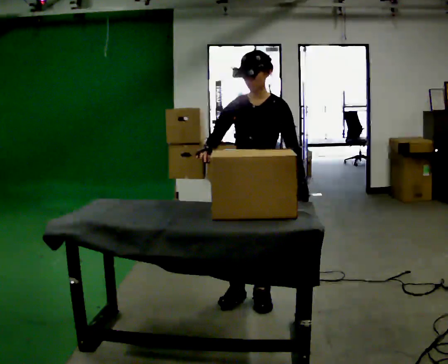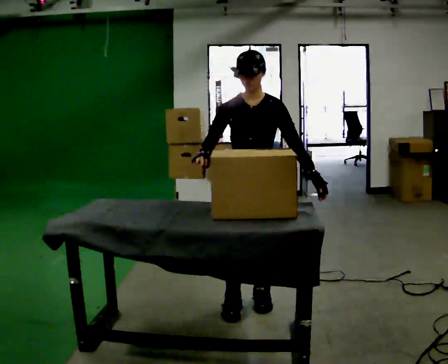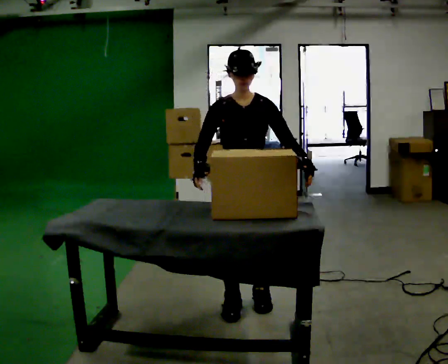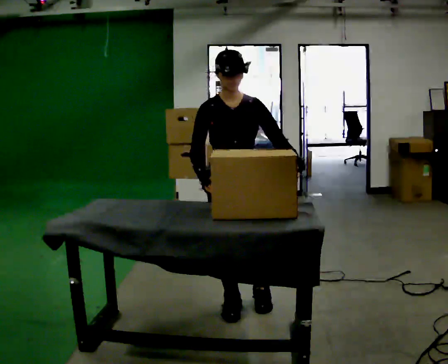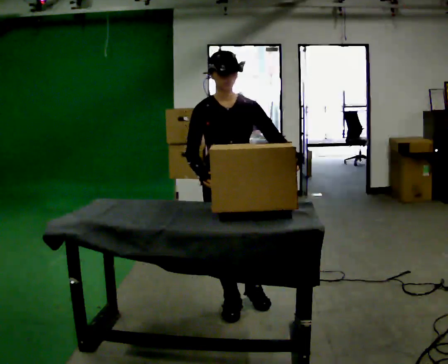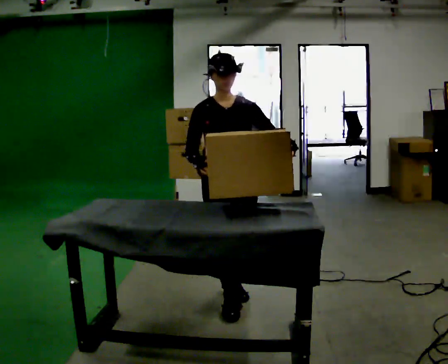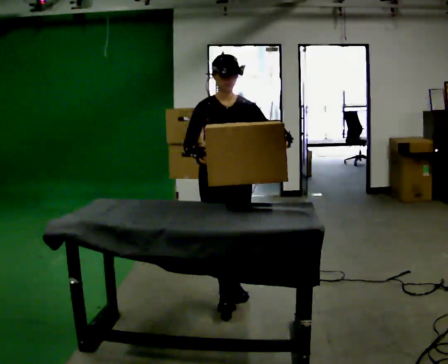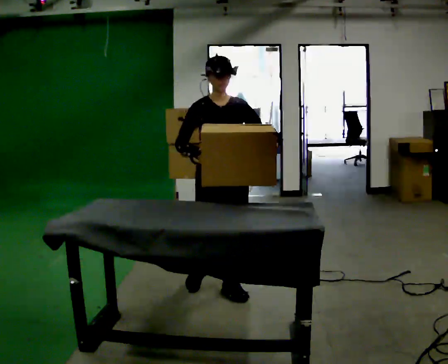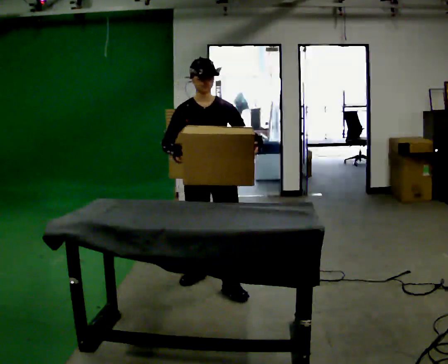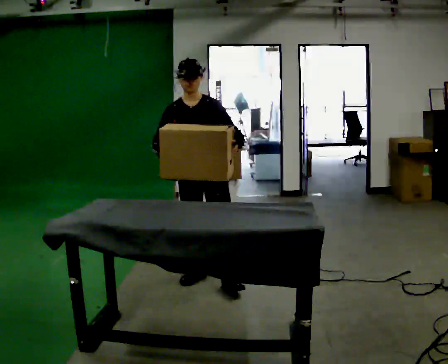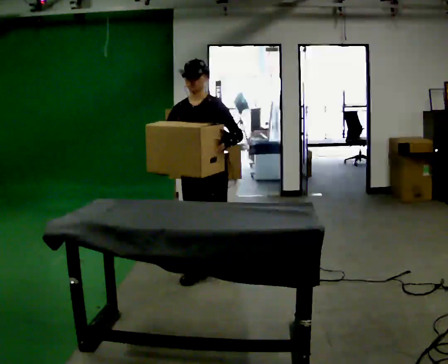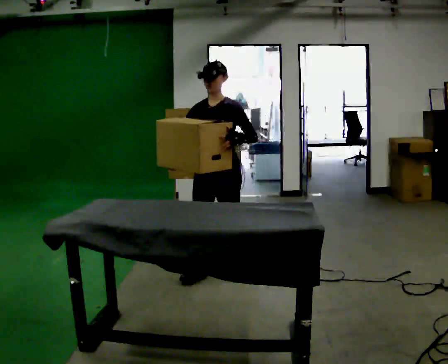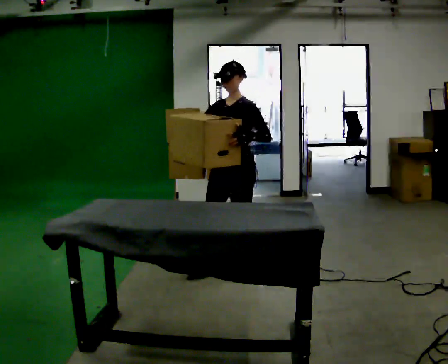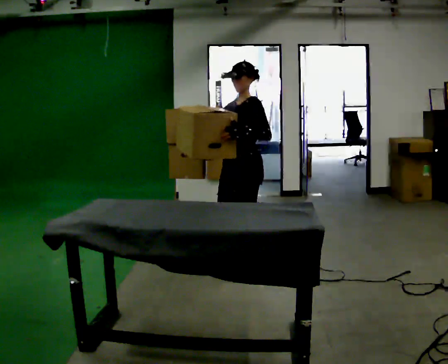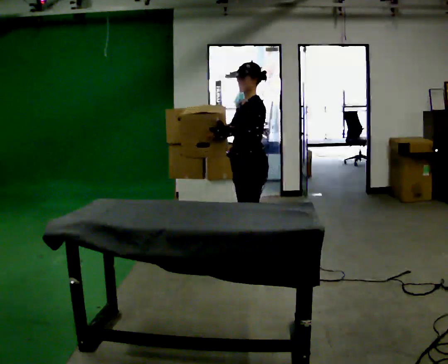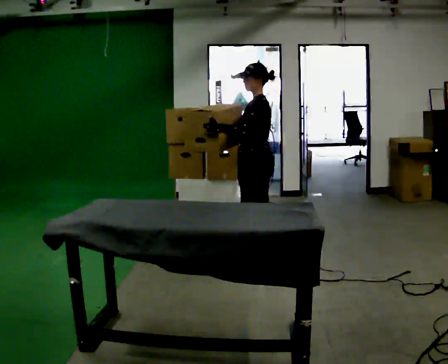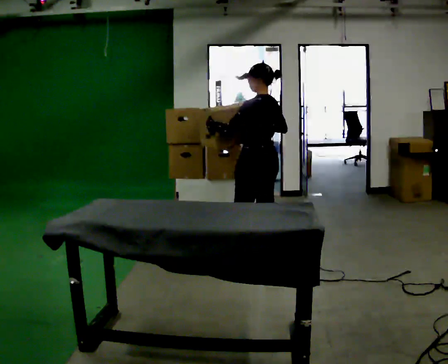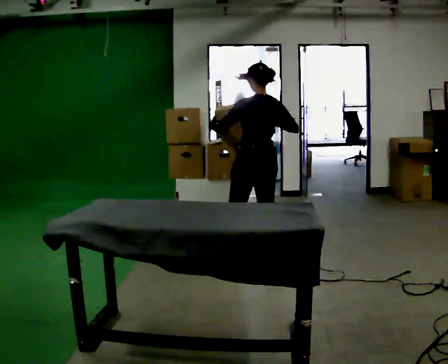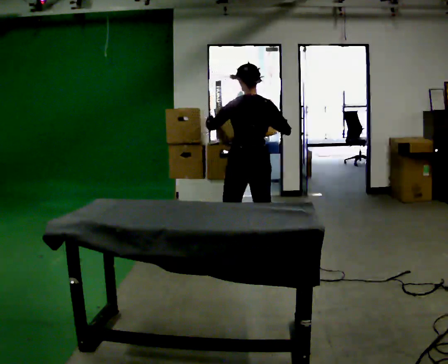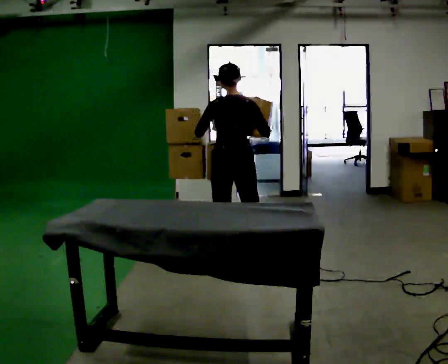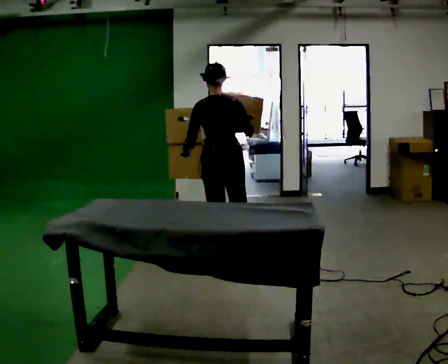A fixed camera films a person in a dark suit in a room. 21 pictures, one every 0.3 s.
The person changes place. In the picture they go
away from the camera.
0.0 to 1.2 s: The part of the body nearest the lens slides to the right as the person turns to their left by about 30 degrees. In the picture they go to the left, about 0.25 m in 1 step, which for them is to their right.
1.2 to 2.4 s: In the picture they go away from the camera, about 0.5 m in 1 step, which for them is backward.
2.4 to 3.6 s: The person turns about 45 degrees to their right, clockwise seen from above, so the part of the body nearest the lens slides to the left. In the picture they go away from the camera and to the right, about 0.25 m in 2 steps, which for them is backward.
3.6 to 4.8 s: The part of the body nearest the lens slides to the left as the person turns to their right by about 75 degrees. In the picture they go away from the camera and to the right, about 0.25 m.
4.8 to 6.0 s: The part of the body nearest the lens slides to the left as the person turns to their right by about 30 degrees. In the picture they go to the left, about 0.25 m in 2 steps, which for them is to their left and forward.
The film runs backward here.
